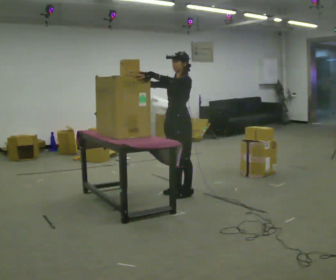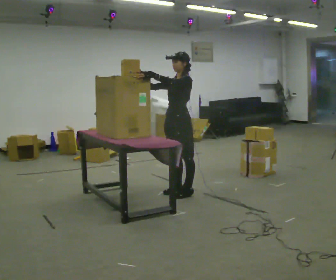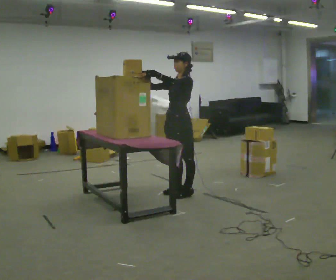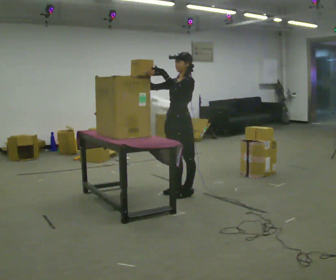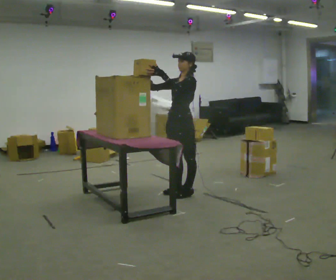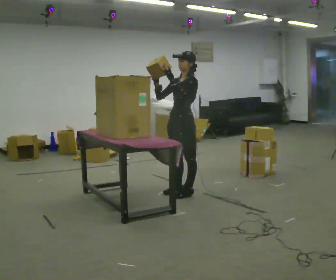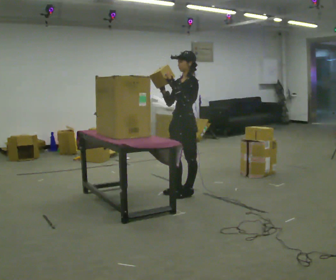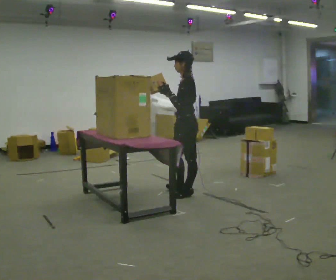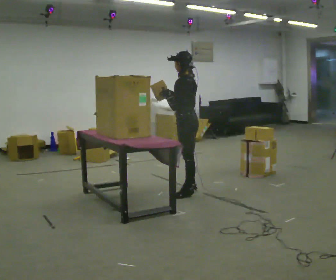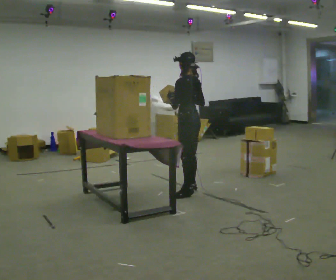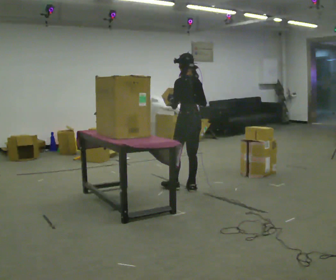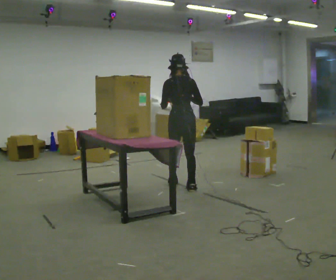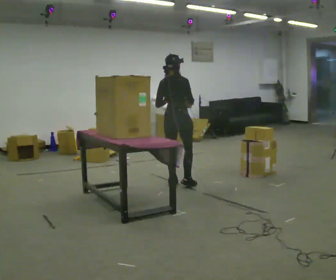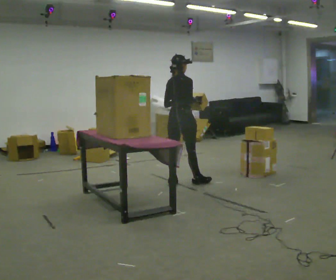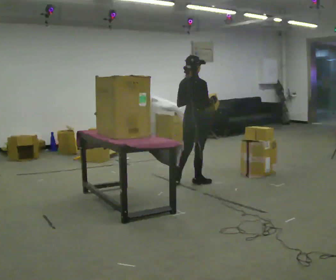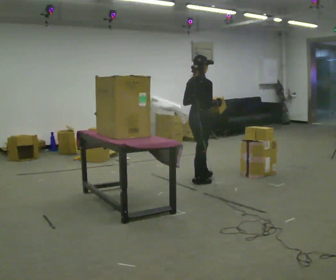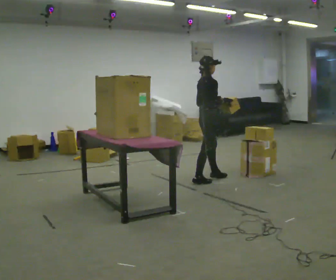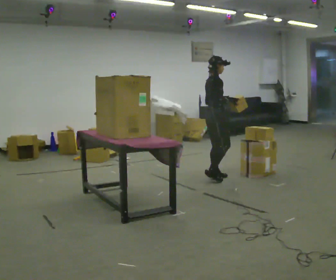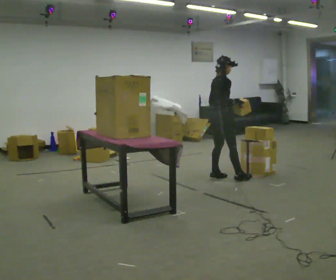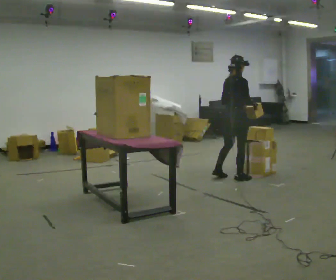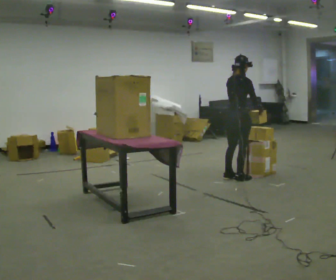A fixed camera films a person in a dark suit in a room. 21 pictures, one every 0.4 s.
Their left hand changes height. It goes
downward.
The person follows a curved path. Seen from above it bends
clockwise.
0.0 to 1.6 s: The person moves a little, or ends about where they began.
1.6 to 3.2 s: The part of the body nearest the lens slides to the left as the person turns to their right by about 60 degrees. In the picture their right hand goes to the right.
3.2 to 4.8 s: The part of the body nearest the lens slides to the left as the person turns to their right by about 90 degrees. In the picture they go away from the camera, about 0.5 m in 1 step.
4.8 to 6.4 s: Seen from above the body turns clockwise, about 45 degrees: to their right, with its near side sliding to the left. In the picture they go to the right and away from the camera, about 0.5 m in 2 steps, which for them is forward.
6.4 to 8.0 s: In the picture they go to the right, about 0.25 m in 2 steps, which for them is forward.
The film runs forward here.
